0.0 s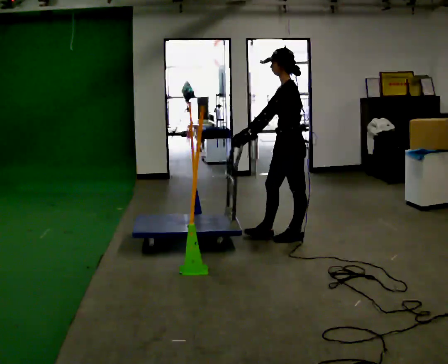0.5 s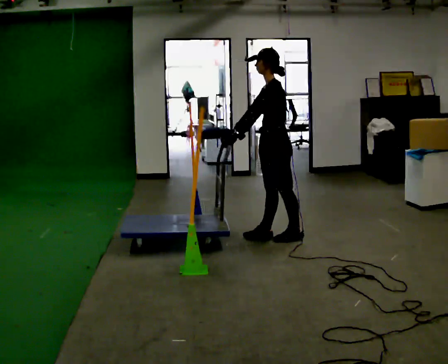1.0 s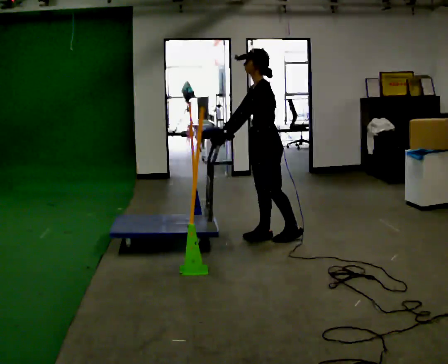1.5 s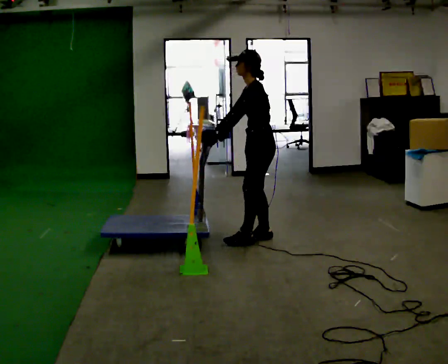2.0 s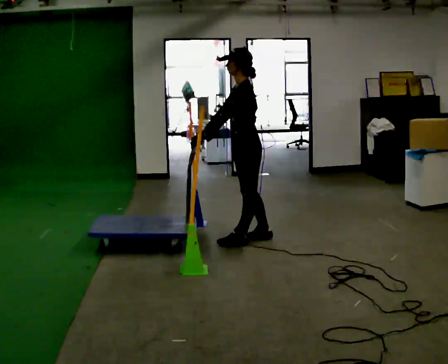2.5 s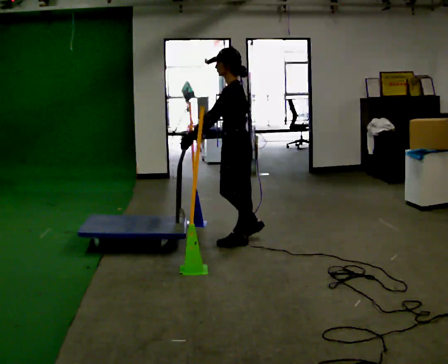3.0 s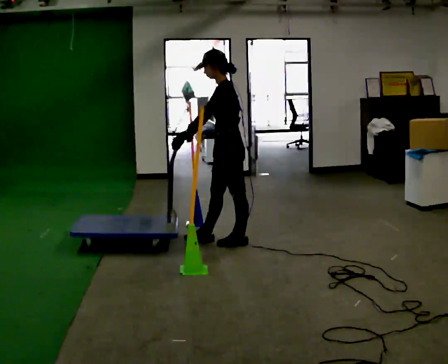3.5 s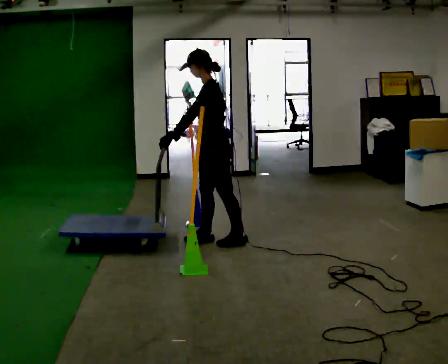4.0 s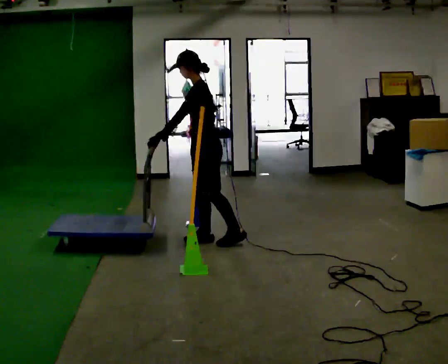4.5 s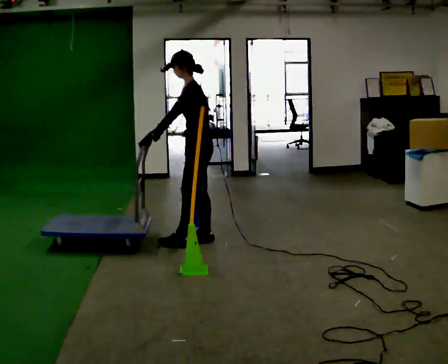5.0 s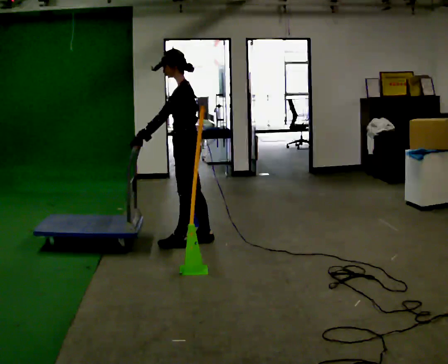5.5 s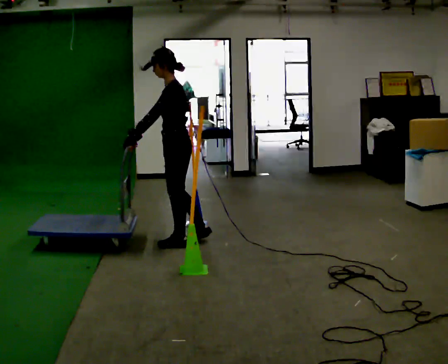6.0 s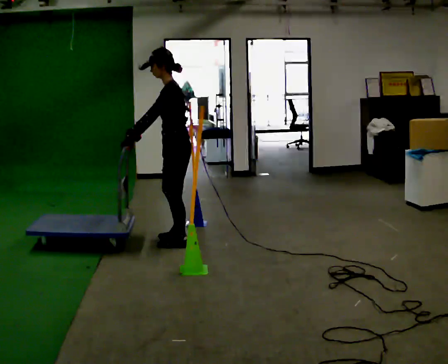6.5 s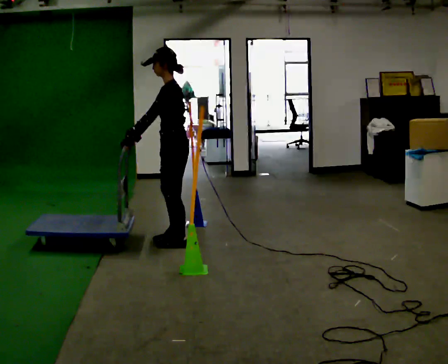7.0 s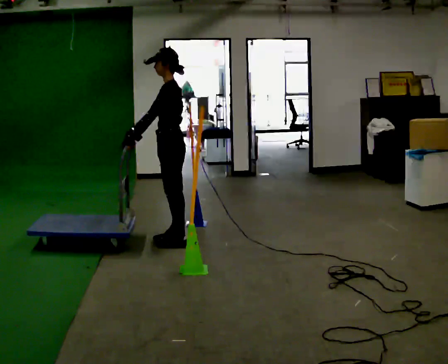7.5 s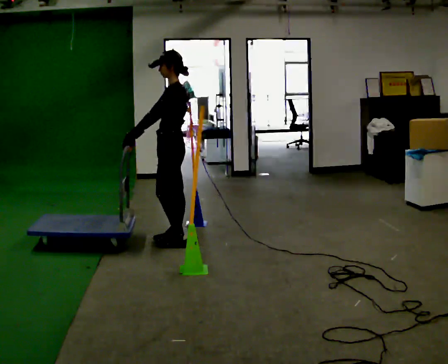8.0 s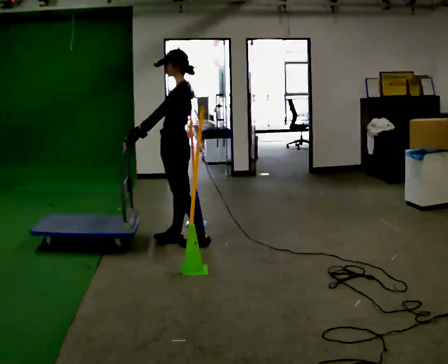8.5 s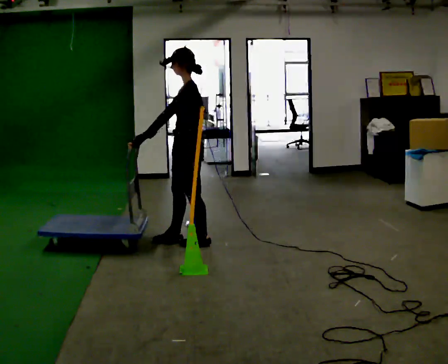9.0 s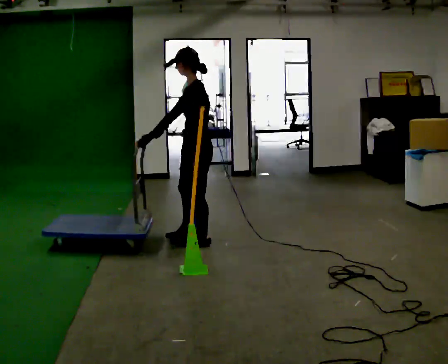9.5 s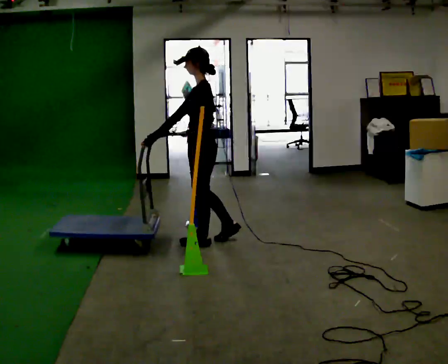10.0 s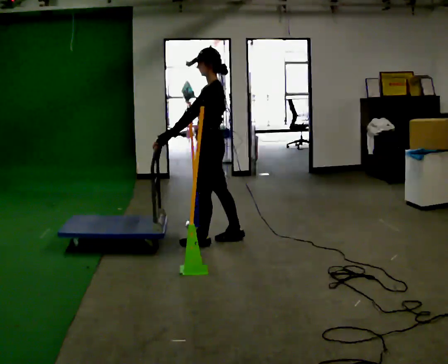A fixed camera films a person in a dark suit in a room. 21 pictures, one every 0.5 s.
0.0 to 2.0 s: In the picture they go to the left, about 0.25 m in 1 step, which for them is forward.
2.0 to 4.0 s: In the picture they go to the left, about 0.25 m in 1 step, which for them is forward.
4.0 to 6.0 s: In the picture they go to the left, about 0.25 m in 2 steps, which for them is forward and to their left.
6.0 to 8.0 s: The person moves a little, or ends about where they began.
8.0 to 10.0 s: In the picture they go to the right, about 0.25 m in 1 step, which for them is backward.
The film runs backward here.
